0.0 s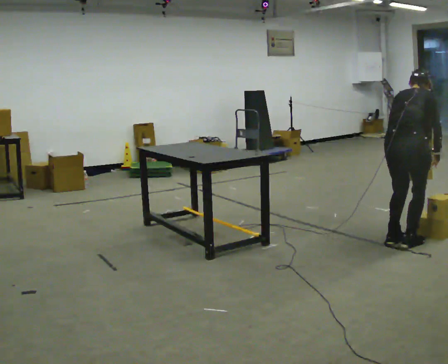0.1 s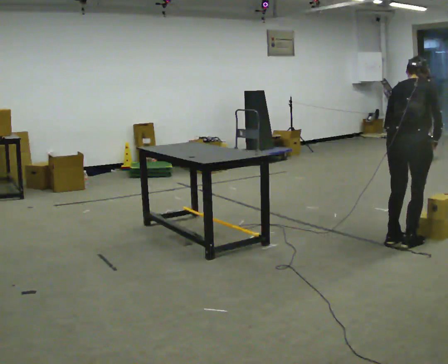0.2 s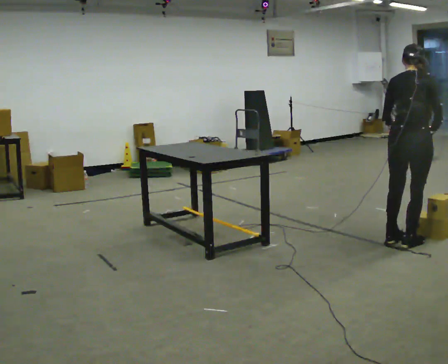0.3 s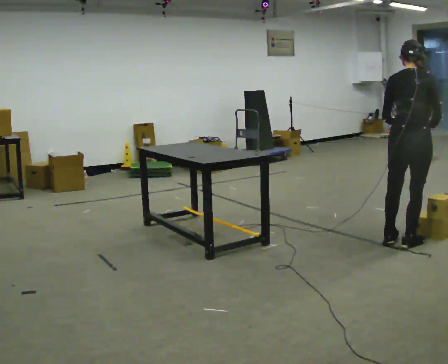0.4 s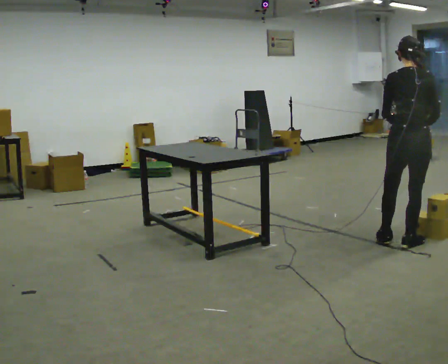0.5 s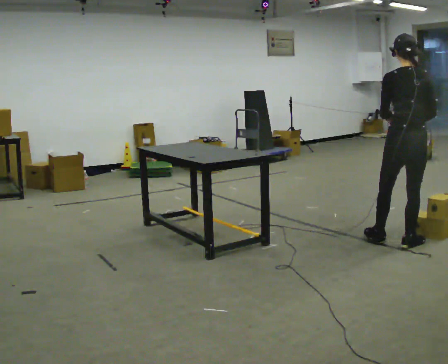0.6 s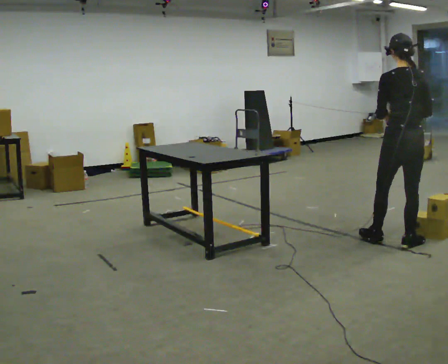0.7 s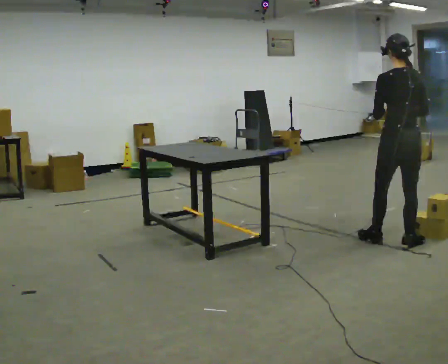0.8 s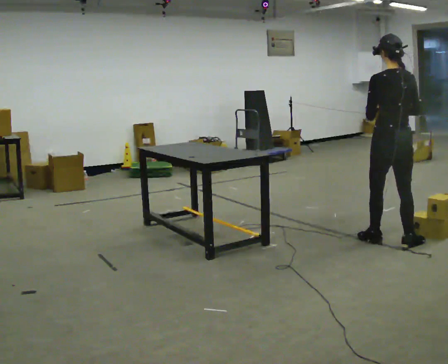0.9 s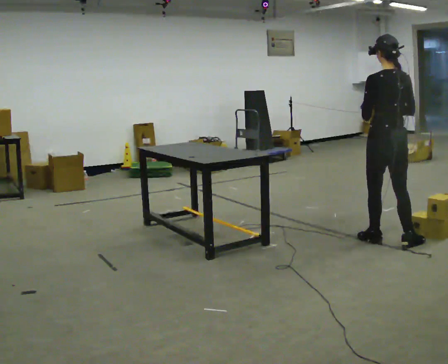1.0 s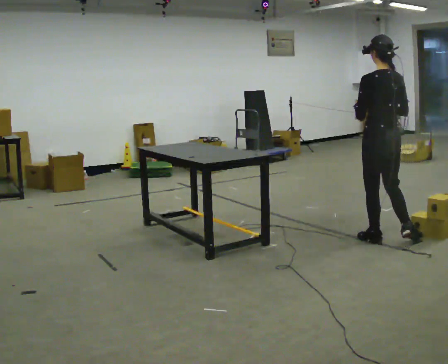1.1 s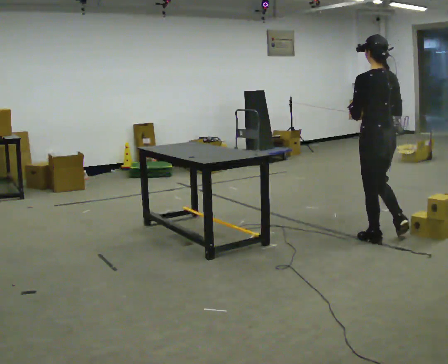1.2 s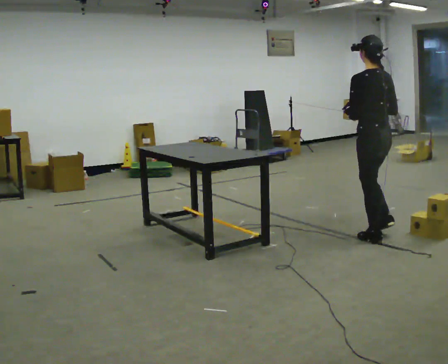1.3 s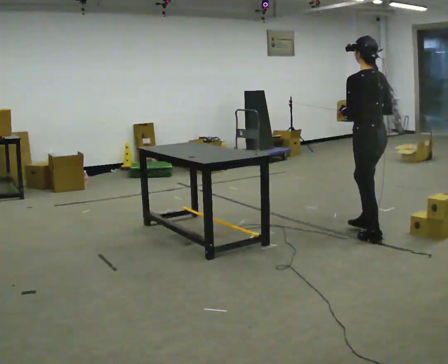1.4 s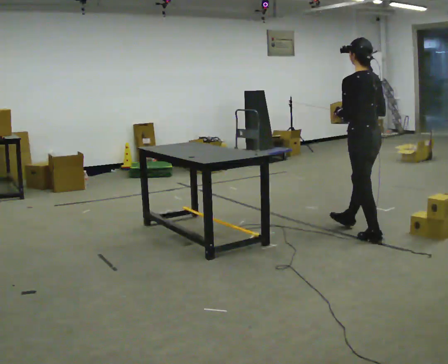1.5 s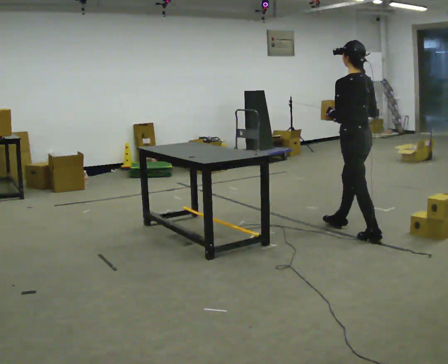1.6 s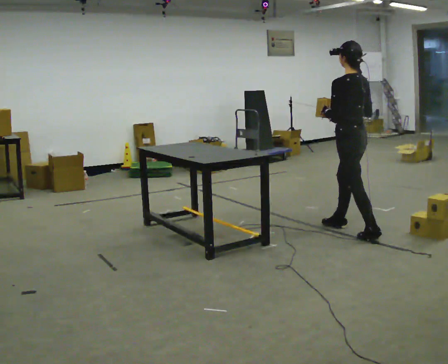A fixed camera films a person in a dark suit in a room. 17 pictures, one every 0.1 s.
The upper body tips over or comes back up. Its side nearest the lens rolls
downward.
The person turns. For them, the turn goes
to their left.
0.0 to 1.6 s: The part of the body nearest the lens slides to the right as the person turns to their left by about 75 degrees. In the picture they go away from the camera and to the left, about 0.5 m in 1 step. The upper body tips toward the camera, its near side rolling downward, as they lean back or straighten.
The film runs forward here.
